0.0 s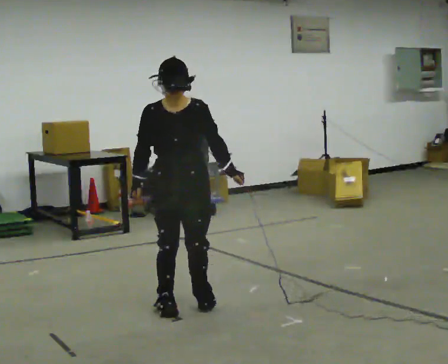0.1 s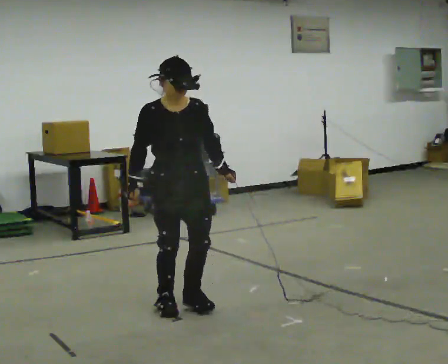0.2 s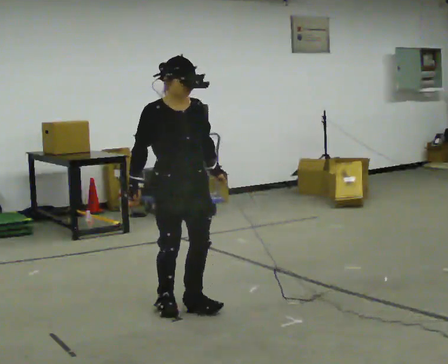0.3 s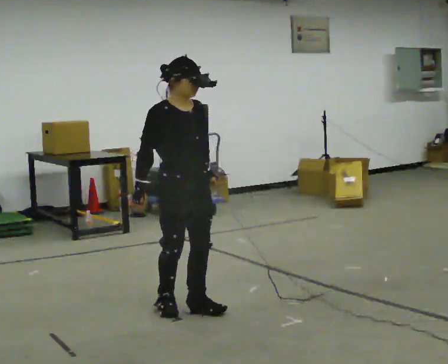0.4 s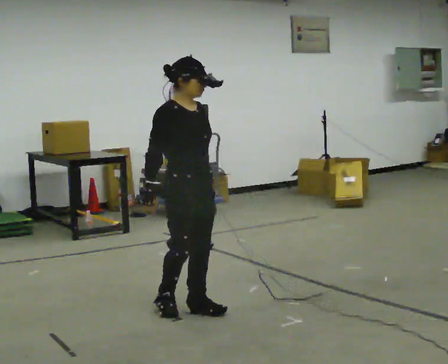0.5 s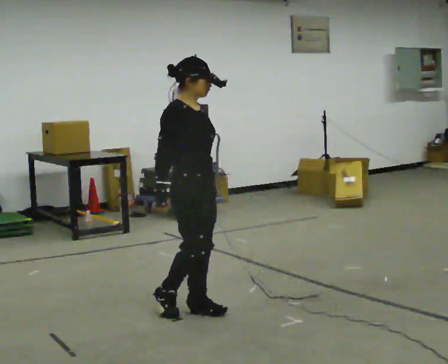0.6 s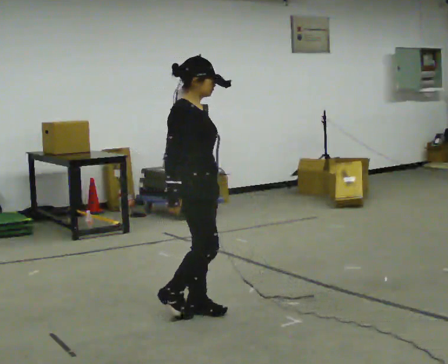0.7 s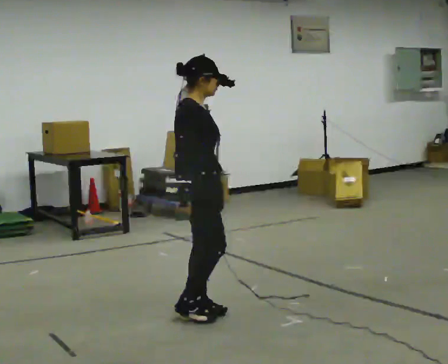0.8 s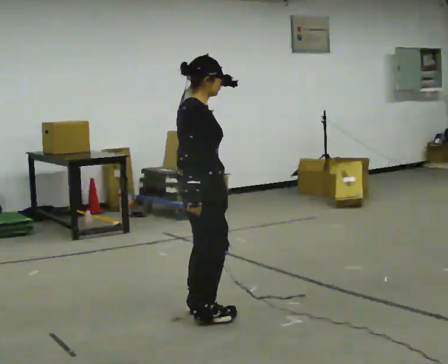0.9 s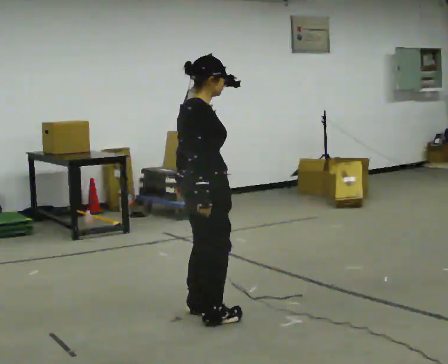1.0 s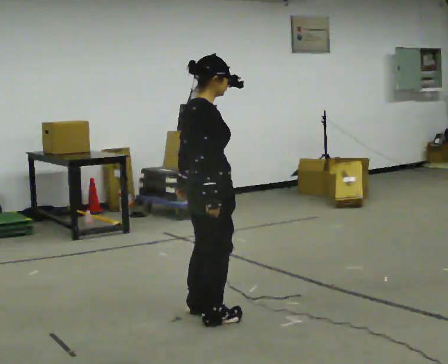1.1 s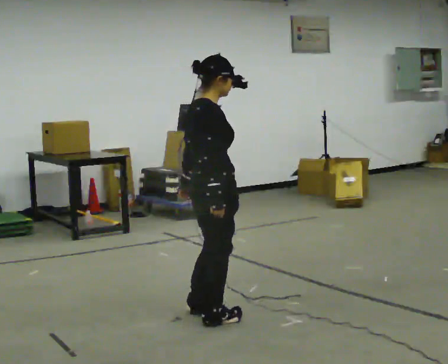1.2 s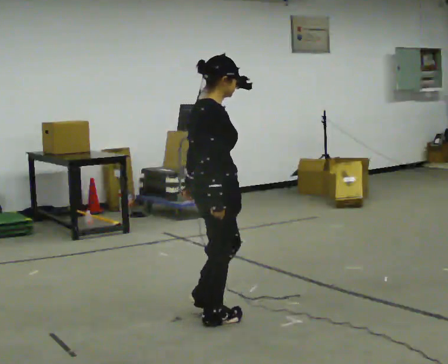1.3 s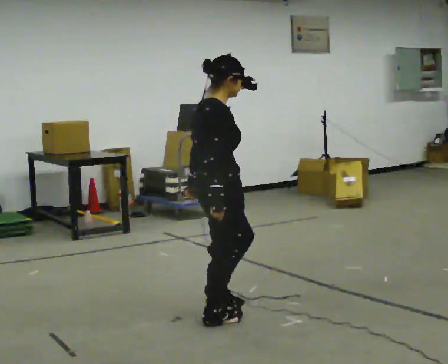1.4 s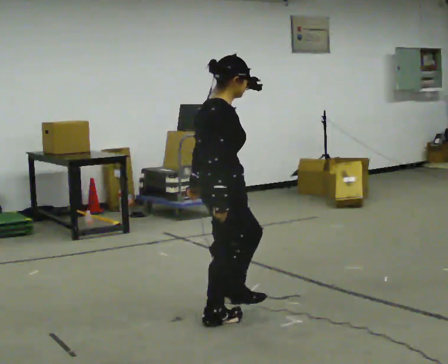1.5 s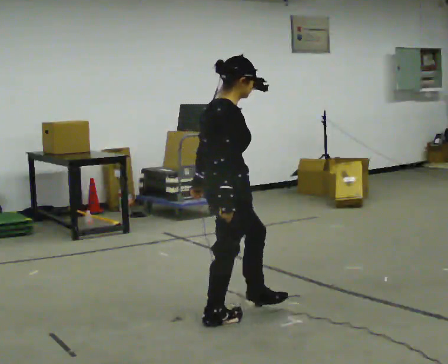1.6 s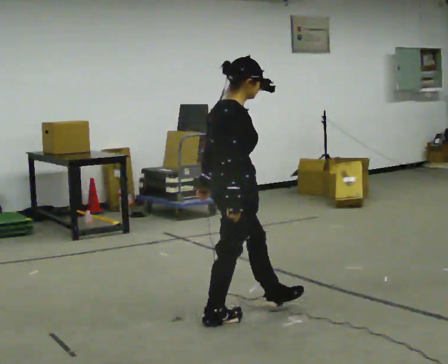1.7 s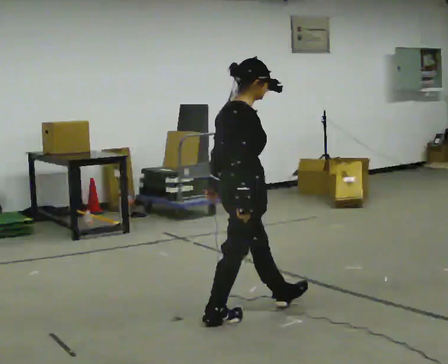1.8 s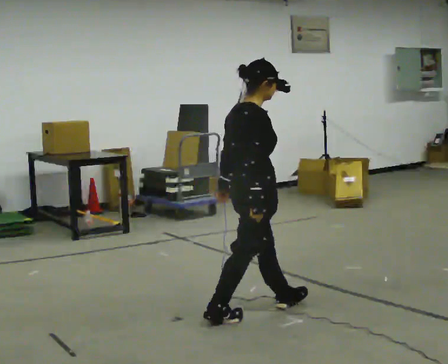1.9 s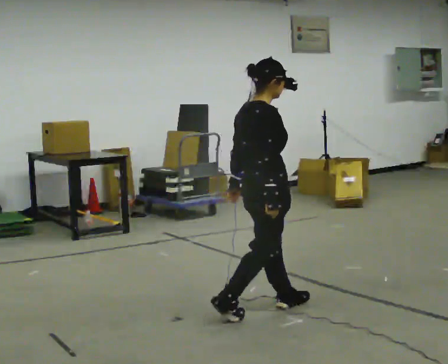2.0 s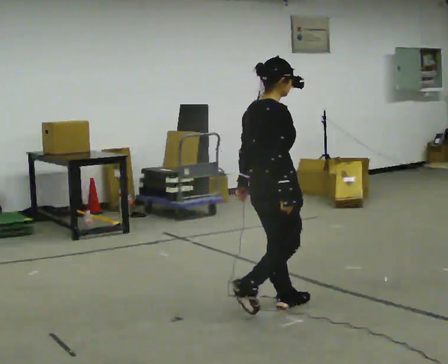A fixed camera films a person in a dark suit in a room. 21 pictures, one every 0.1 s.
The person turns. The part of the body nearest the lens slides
to the right.
The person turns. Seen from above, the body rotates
counterclockwise.
0.0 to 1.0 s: The part of the body nearest the lens slides to the right as the person turns to their left by about 105 degrees. In the picture they go toward the camera and to the right, about 0.25 m in 2 steps.
1.0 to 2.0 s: In the picture they go to the right, about 0.5 m in 1 step, which for them is forward.
The film runs forward here.
